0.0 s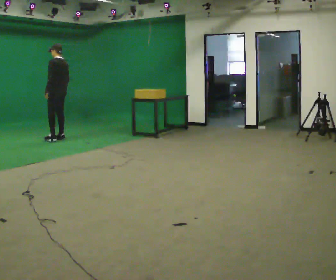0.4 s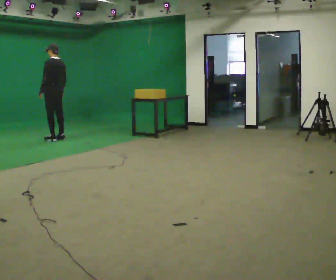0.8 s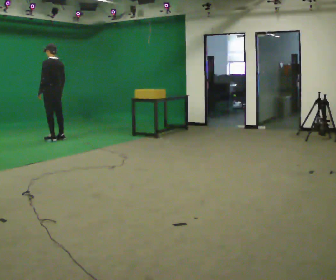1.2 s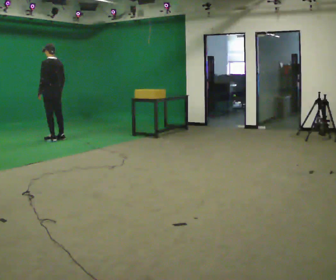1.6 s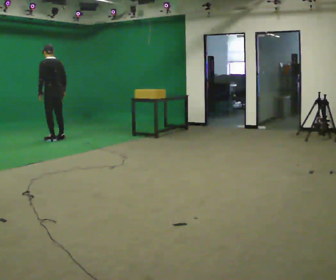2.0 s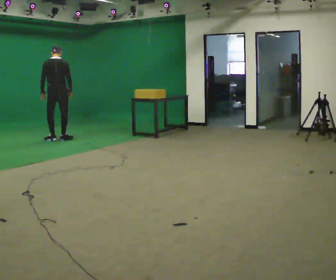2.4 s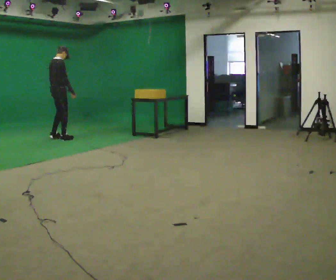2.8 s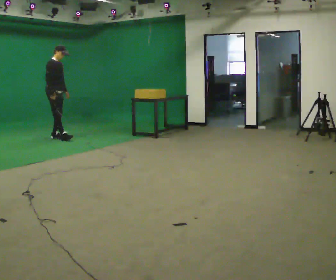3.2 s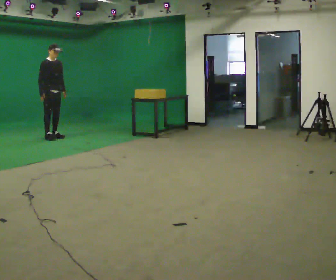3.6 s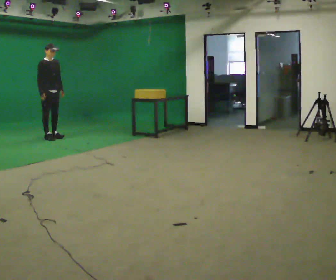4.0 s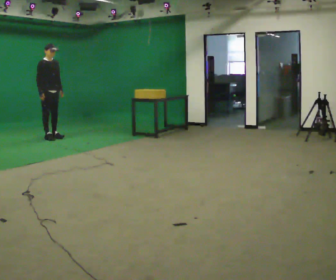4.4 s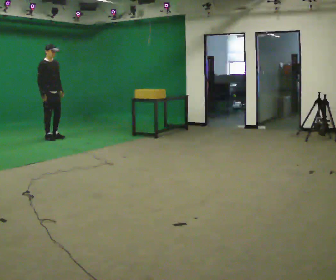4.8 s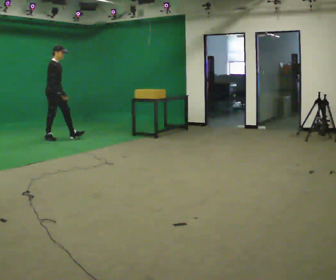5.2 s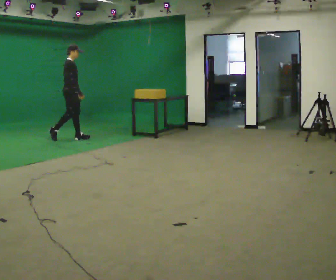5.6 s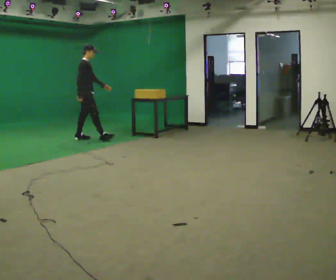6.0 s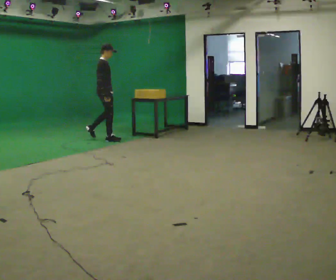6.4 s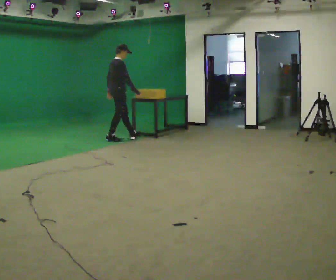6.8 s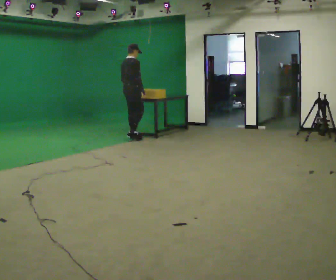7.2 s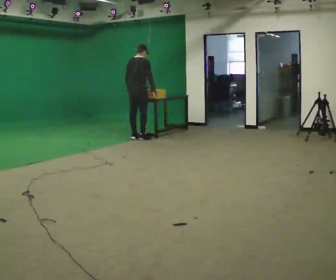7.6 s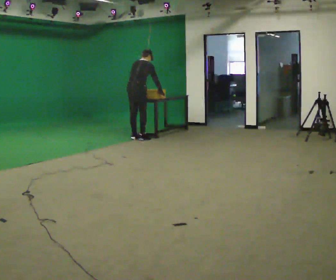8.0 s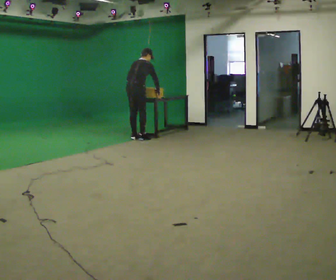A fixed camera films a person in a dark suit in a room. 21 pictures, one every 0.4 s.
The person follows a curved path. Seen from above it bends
counterclockwise.
0.0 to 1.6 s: The person moves a little, or ends about where they began.
1.6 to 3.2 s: Seen from above the body turns clockwise, about 165 degrees: to their right, with its near side sliding to the left. In the picture they go away from the camera, about 0.25 m in 2 steps. In the picture their left hand goes to the right, the arm swinging counterclockwise.
3.2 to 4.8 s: The part of the body nearest the lens slides to the right as the person turns to their left by about 30 degrees. In the picture their right hand goes to the right.
4.8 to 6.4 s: The person turns about 30 degrees to their left, counterclockwise seen from above, so the part of the body nearest the lens slides to the right. In the picture they go to the right, about 1 m in 2 steps, which for them is forward.
6.4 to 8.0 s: Seen from above the body turns counterclockwise, about 30 degrees: to their left, with its near side sliding to the right. In the picture they go to the right, about 0.25 m in 2 steps, which for them is to their right and forward.
The film runs forward here.
